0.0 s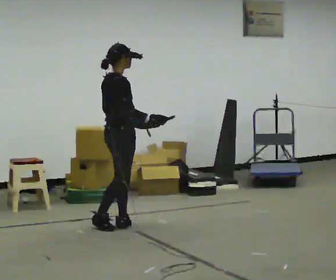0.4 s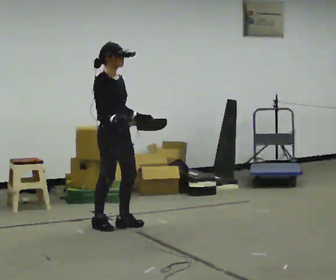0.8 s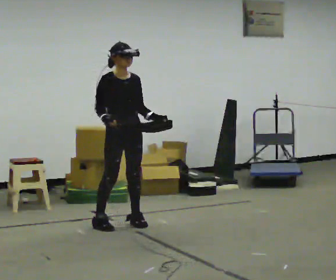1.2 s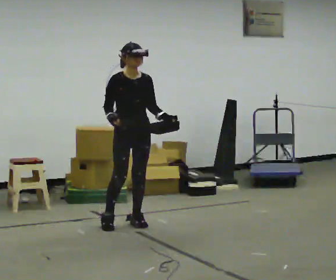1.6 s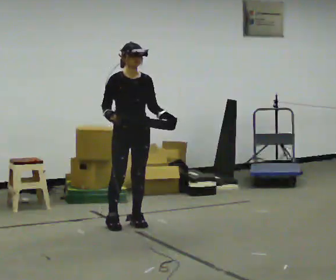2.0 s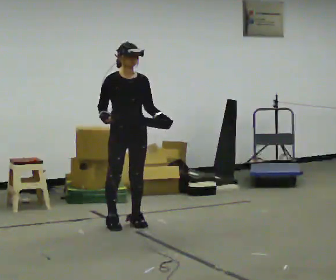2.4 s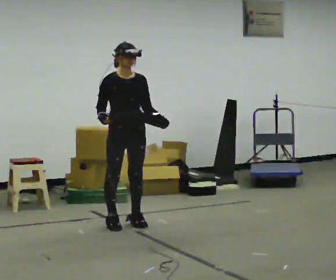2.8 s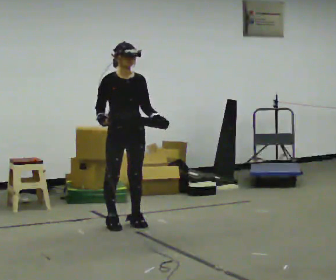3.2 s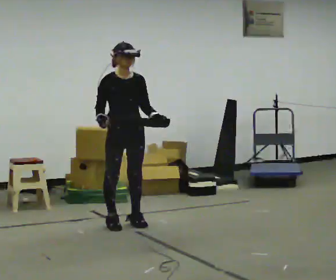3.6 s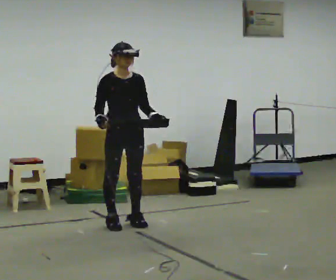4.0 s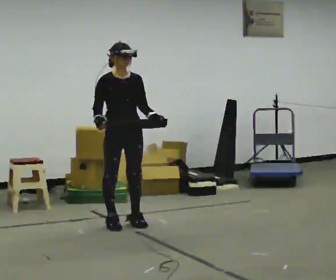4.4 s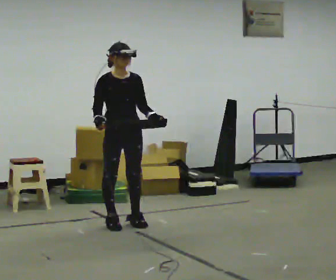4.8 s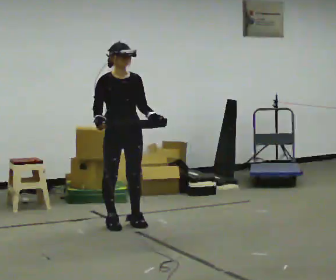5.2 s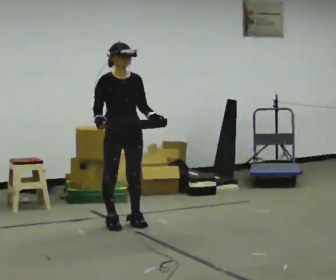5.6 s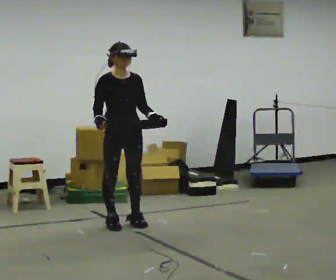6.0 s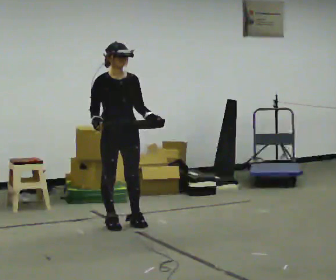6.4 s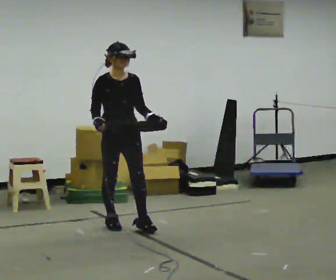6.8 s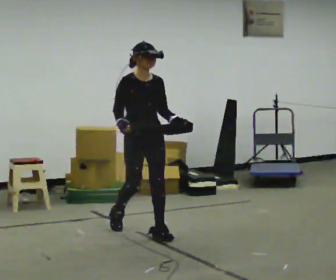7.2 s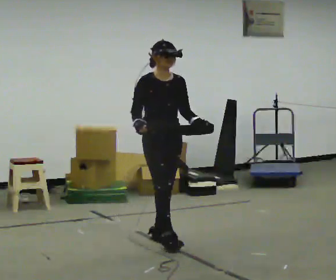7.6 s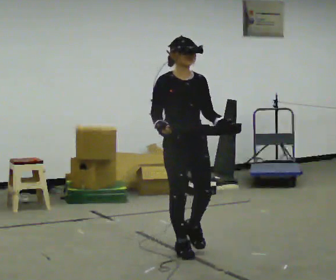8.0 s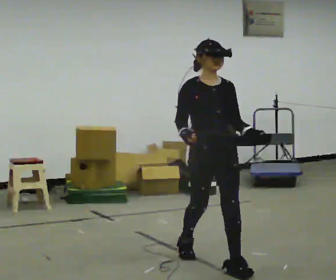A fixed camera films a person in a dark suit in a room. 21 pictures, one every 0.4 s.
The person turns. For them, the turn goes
to their right.
The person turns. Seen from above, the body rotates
clockwise.
0.0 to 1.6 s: Seen from above the body turns clockwise, about 90 degrees: to their right, with its near side sliding to the left. In the picture their right hand goes to the left.
1.6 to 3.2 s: The person moves a little, or ends about where they began.
3.2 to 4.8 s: The person keeps their place and pose.
4.8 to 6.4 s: The person moves a little, or ends about where they began.
6.4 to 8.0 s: In the picture they go toward the camera and to the right, about 1.5 m in 3 steps, which for them is forward.
The film runs forward here.
